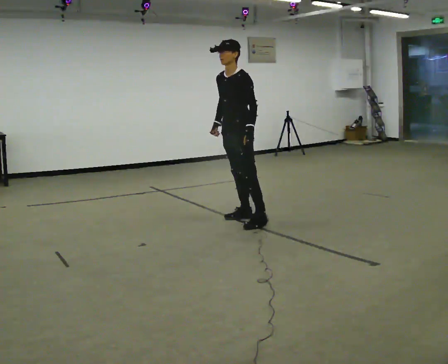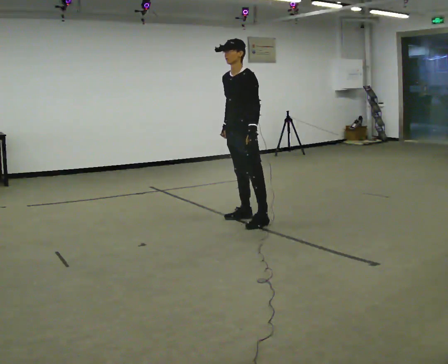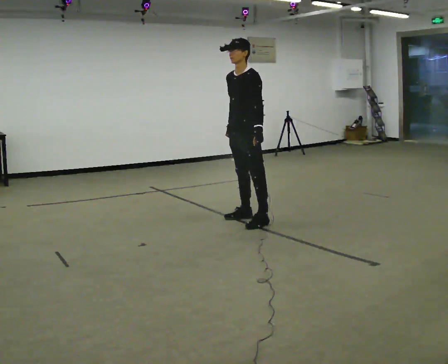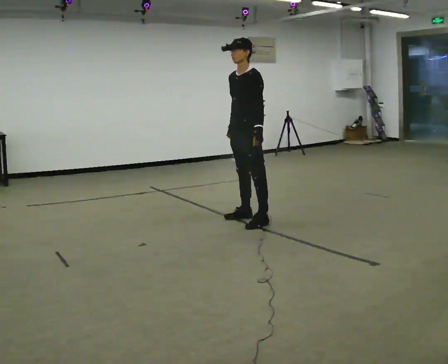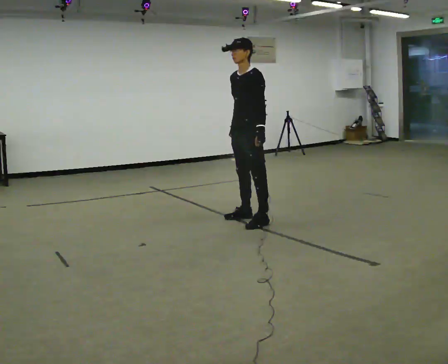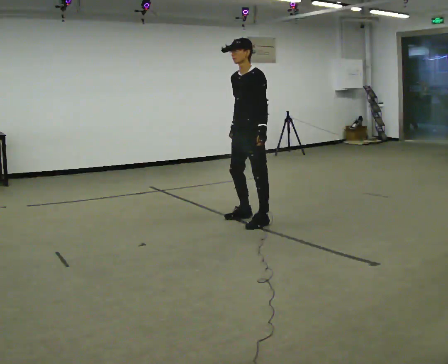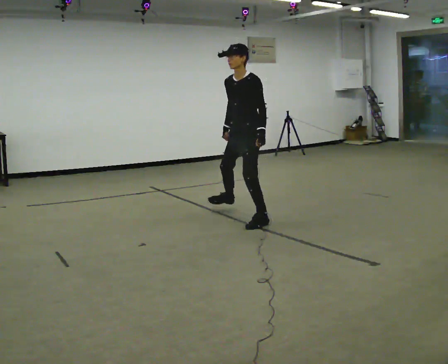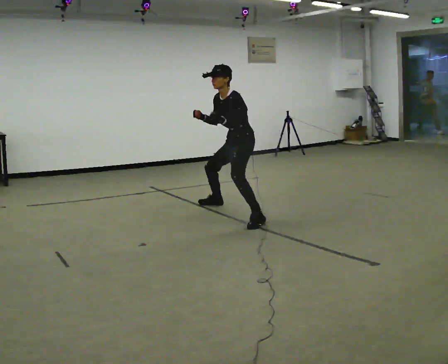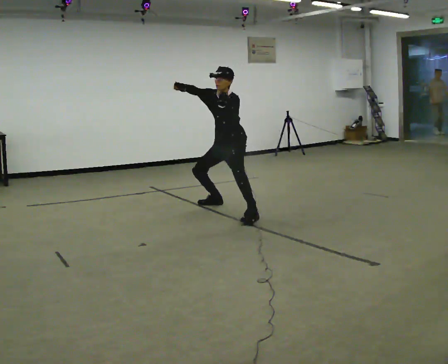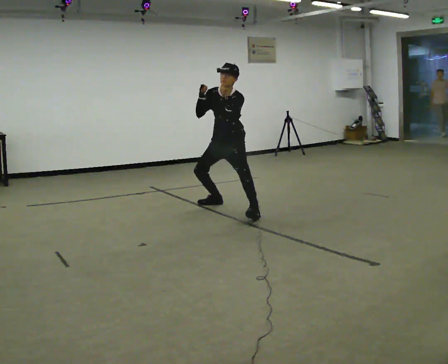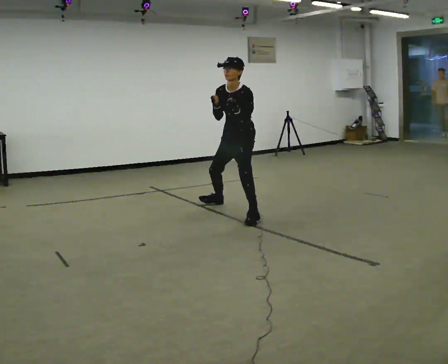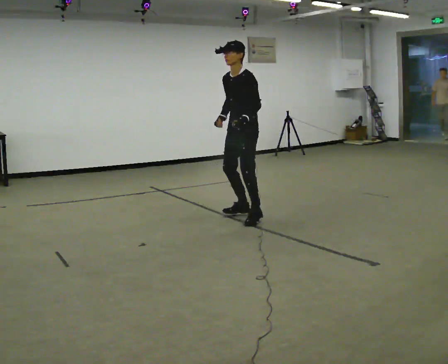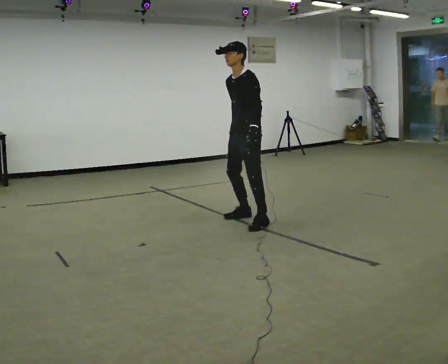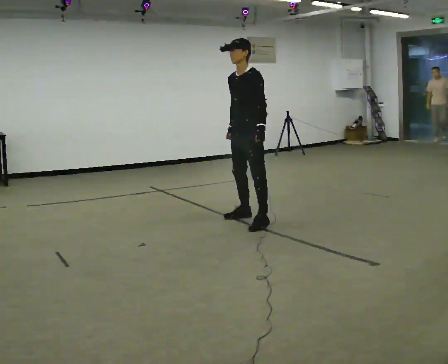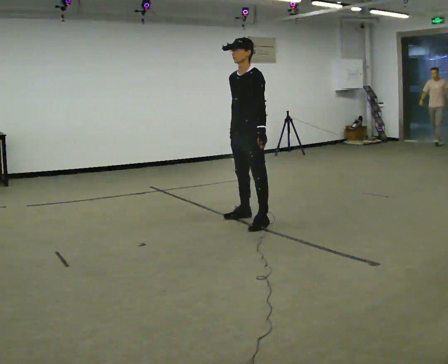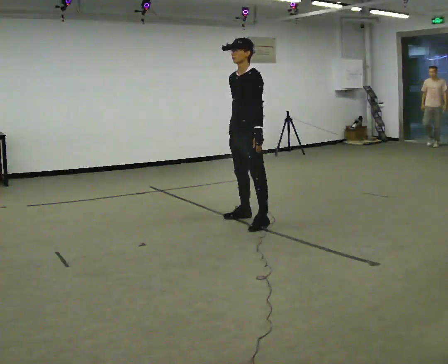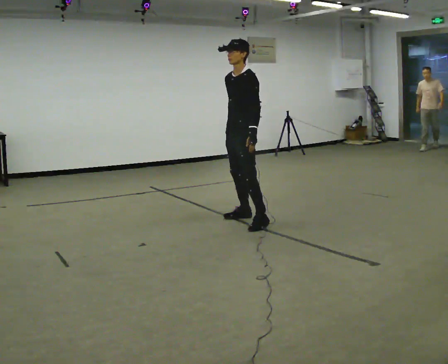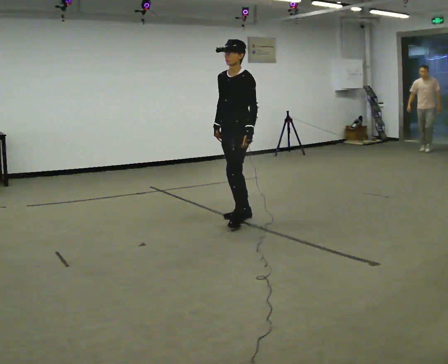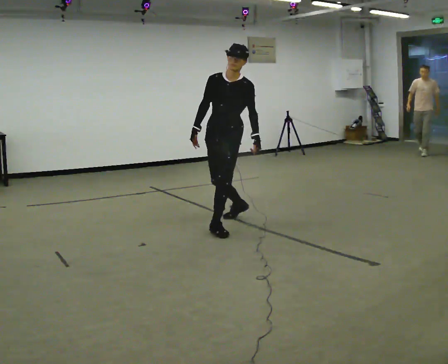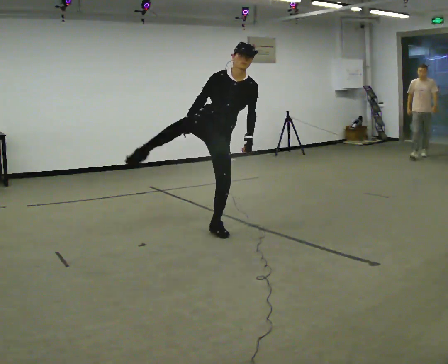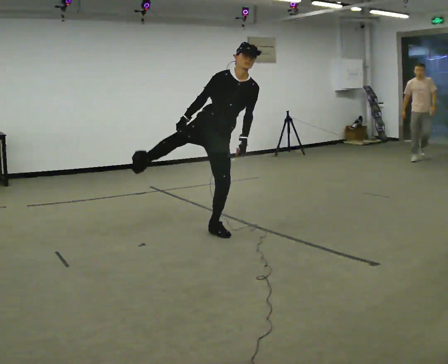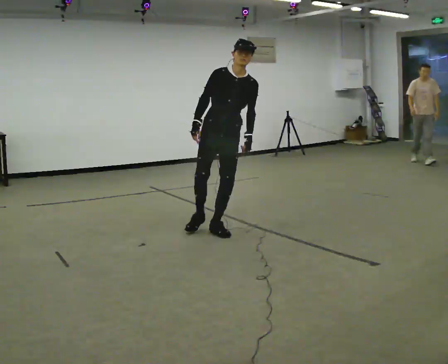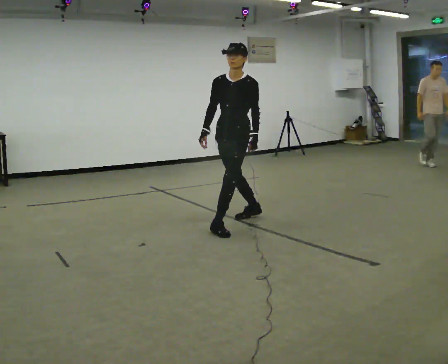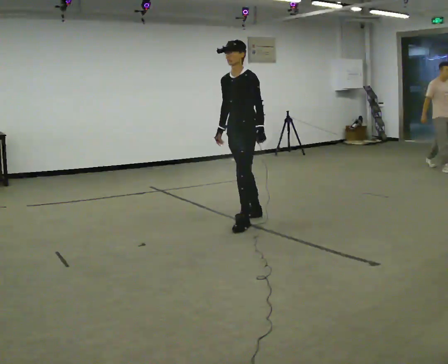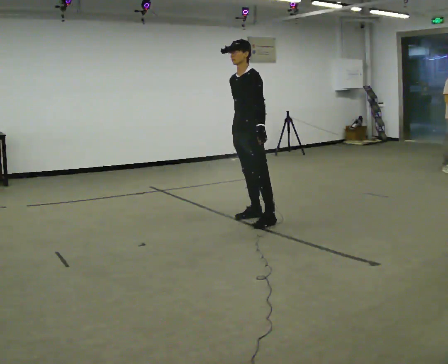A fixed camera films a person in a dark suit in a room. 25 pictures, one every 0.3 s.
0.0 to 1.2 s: The person moves a little, or ends about where they began.
1.2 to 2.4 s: In the picture they go away from the camera, about 0.5 m in 2 steps, which for them is to their right and backward. The shoulders move downward. In the picture their right hand goes upward.
2.4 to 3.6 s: In the picture they go toward the camera and to the right, about 0.5 m in 2 steps, which for them is to their left and forward. The shoulders move upward. In the picture their right hand goes downward.
3.6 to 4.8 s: The person moves a little, or ends about where they began.
4.8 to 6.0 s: The part of the body nearest the lens slides to the right as the person turns to their left by about 75 degrees. In the picture they go to the left and toward the camera, about 0.25 m in 2 steps. In the picture the upper body tilts clockwise, shoulders to the right.
6.0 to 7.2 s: Seen from above the body turns clockwise, about 75 degrees: to their right, with its near side sliding to the left. In the picture they go away from the camera and to the right, about 0.5 m in 2 steps. In the picture the upper body tilts counterclockwise, shoulders to the left.
The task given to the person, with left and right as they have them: Perform a slow martial arts form (https://youtu.be/ZMi83SPAP1Q?si=p1_31d3YaodeQQZT); kicks should be slow
The film runs forward here.
